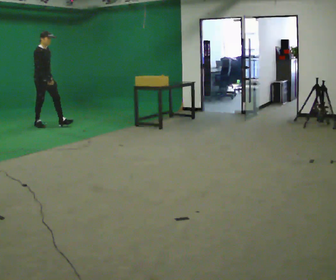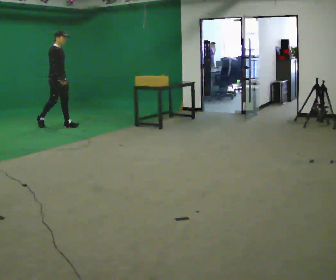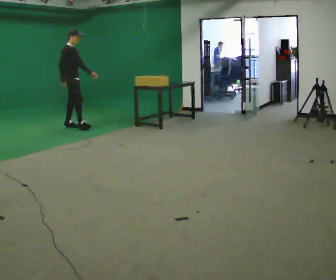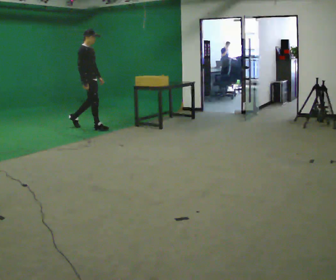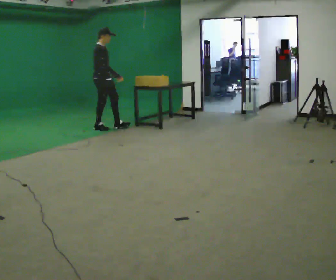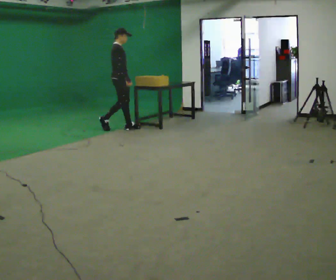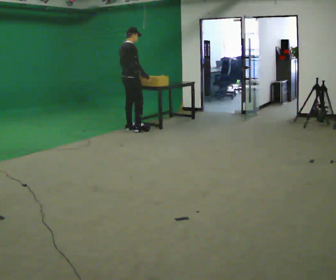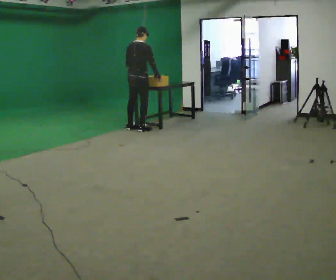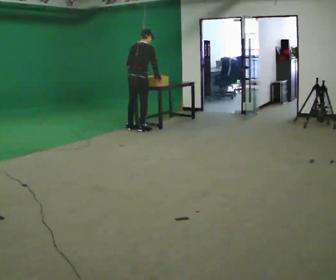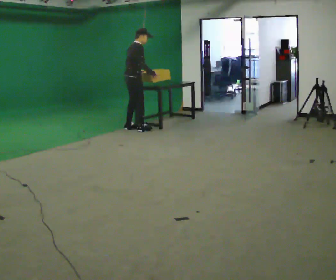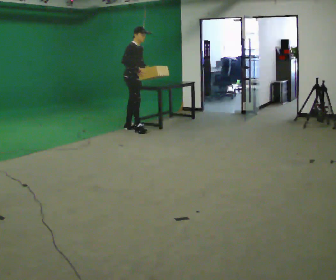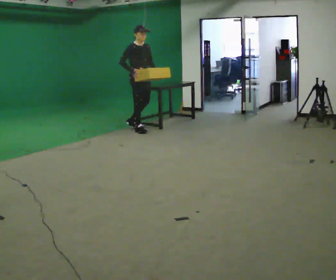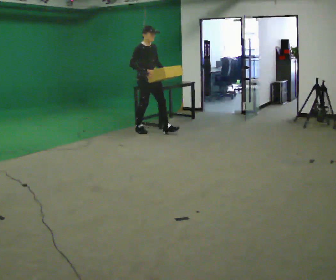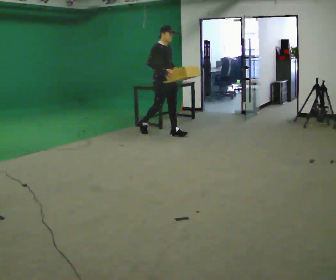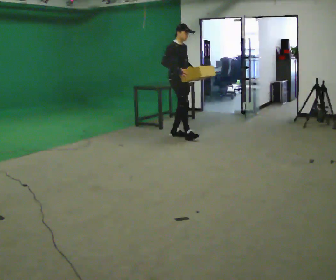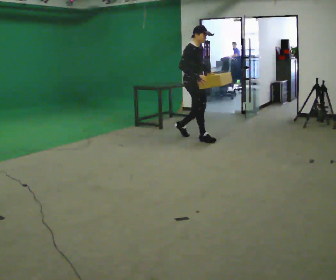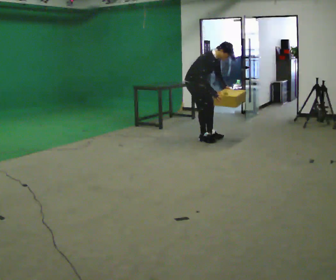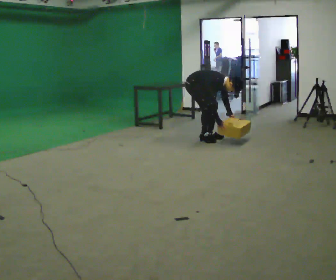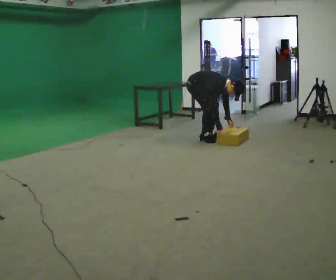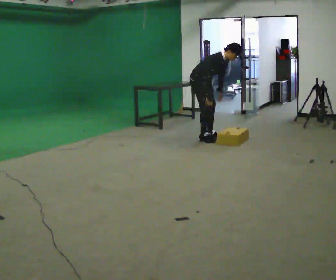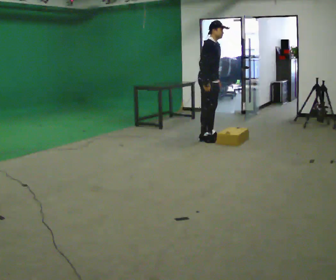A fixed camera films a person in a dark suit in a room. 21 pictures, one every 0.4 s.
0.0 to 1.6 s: In the picture they go to the right, about 1 m in 2 steps, which for them is forward.
1.6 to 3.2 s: The part of the body nearest the lens slides to the right as the person turns to their left by about 60 degrees. In the picture they go to the right, about 0.75 m in 2 steps. The upper body tips away from the camera, its near side rolling upward, as they bend forward.
3.2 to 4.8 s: The part of the body nearest the lens slides to the left as the person turns to their right by about 90 degrees. In the picture they go toward the camera and to the right, about 0.25 m. The upper body tips toward the camera, its near side rolling downward, as they lean back or straighten. In the picture their left hand goes to the right, the arm swinging counterclockwise.
4.8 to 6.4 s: In the picture they go to the right and toward the camera, about 1 m in 3 steps, which for them is forward. The upper body goes downward. In the picture the upper body tilts clockwise, shoulders to the right, as they bend forward.
6.4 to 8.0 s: In the picture they go to the right, about 0.25 m, which for them is forward.
The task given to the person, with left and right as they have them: Walk quickly but do not run; remain comfortable and controlled; stop.
The film runs forward here.
